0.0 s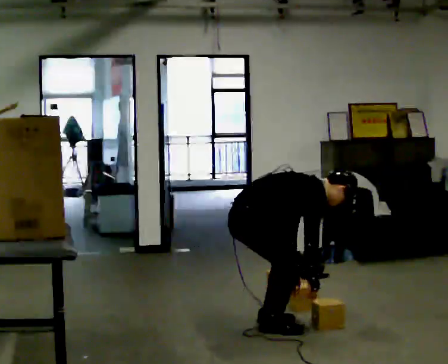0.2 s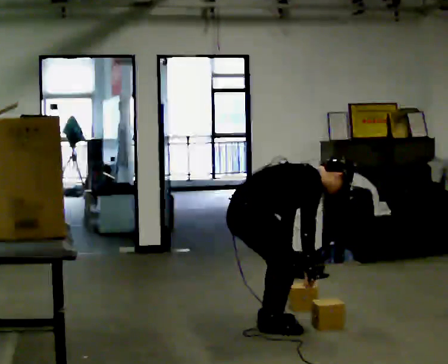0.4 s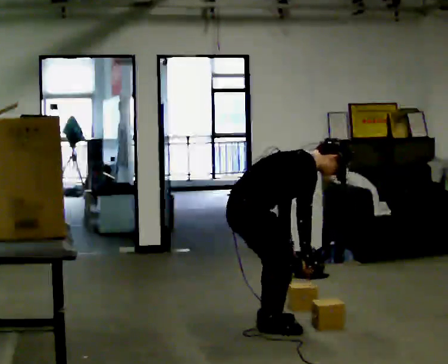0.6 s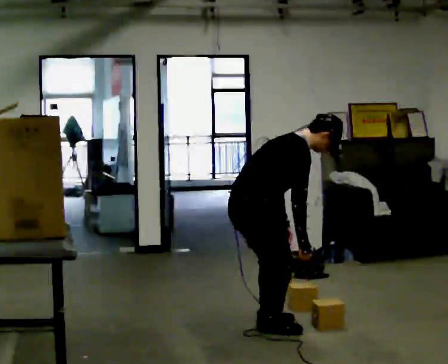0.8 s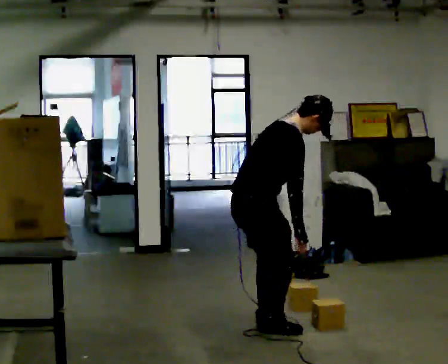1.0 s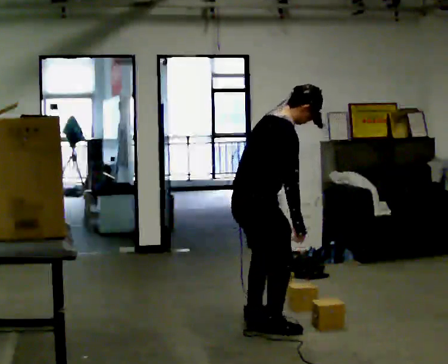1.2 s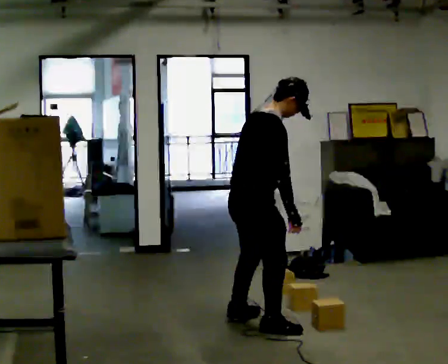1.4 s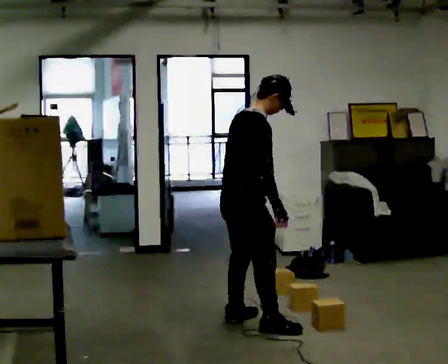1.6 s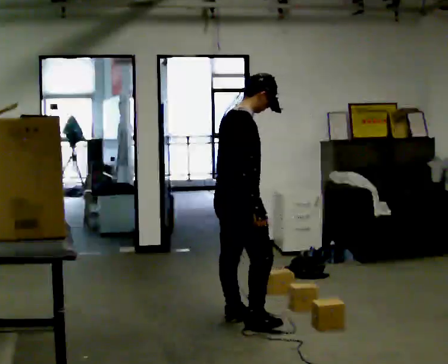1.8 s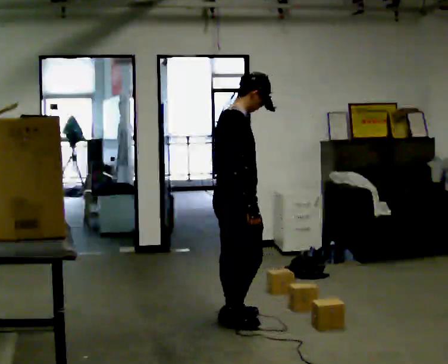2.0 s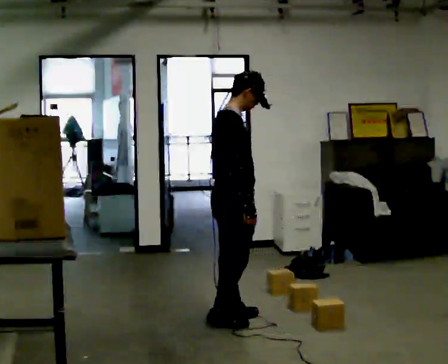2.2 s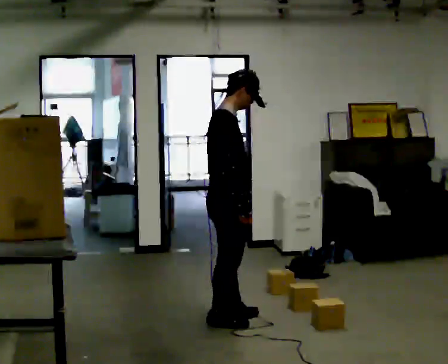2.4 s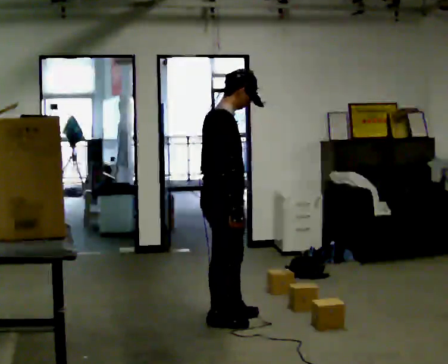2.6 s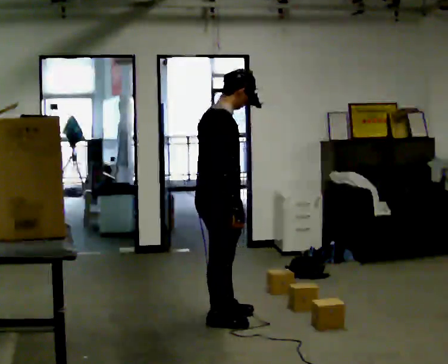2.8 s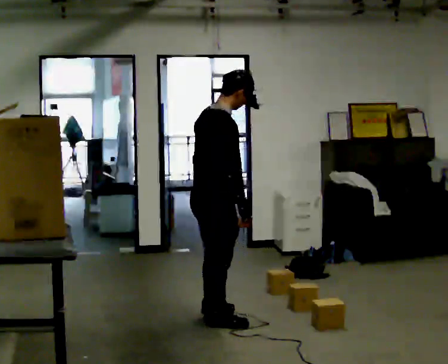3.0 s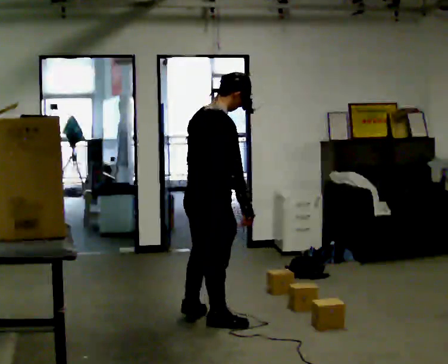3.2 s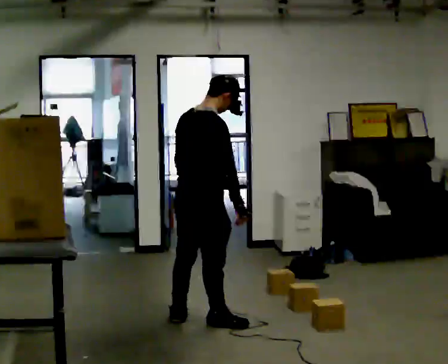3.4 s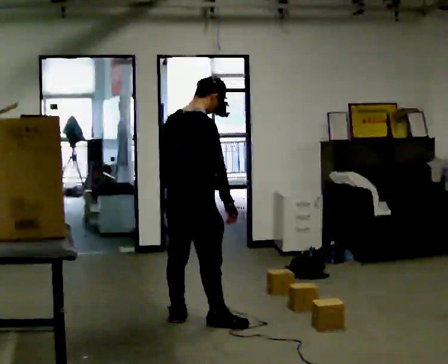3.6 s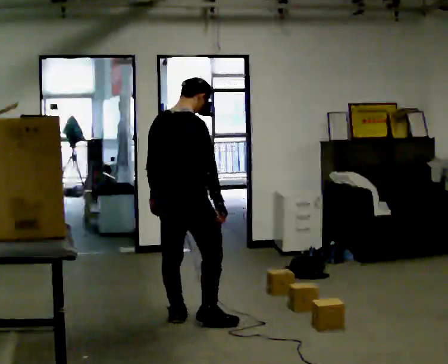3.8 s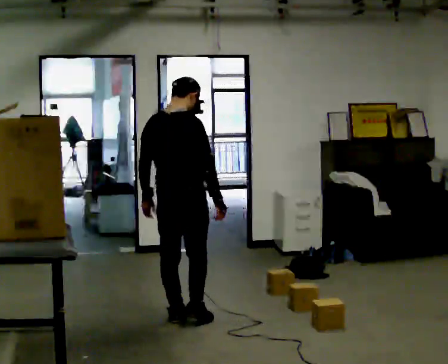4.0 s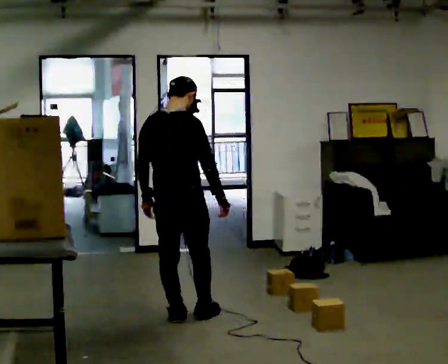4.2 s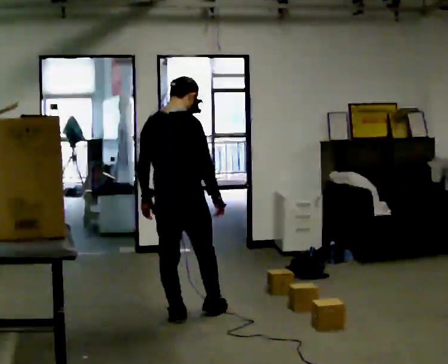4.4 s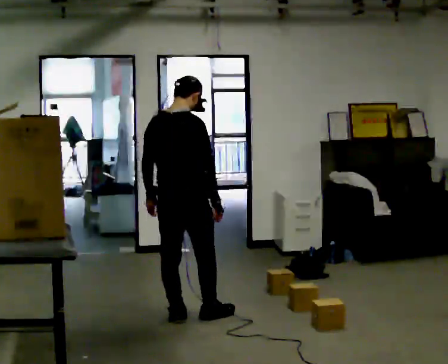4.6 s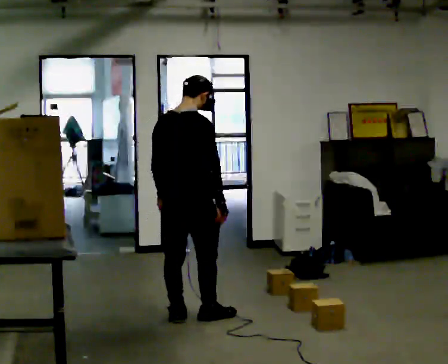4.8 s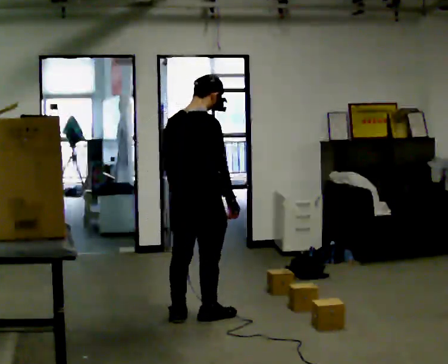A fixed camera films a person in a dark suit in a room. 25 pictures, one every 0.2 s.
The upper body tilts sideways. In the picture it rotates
counterclockwise.
Their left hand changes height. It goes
upward.
0.0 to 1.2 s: The upper body goes upward. In the picture the upper body tilts counterclockwise, shoulders to the left, as they lean back or straighten. In the picture their right hand goes upward.
1.2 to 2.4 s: In the picture they go to the left, about 0.25 m in 1 step, which for them is backward and to their left. In the picture their right hand goes to the left.
2.4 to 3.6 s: The person turns about 45 degrees to their left, counterclockwise seen from above, so the part of the body nearest the lens slides to the right. In the picture they go to the left, about 0.25 m in 1 step, which for them is to their left.
3.6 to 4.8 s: The person moves a little, or ends about where they began.
The film runs forward here.
